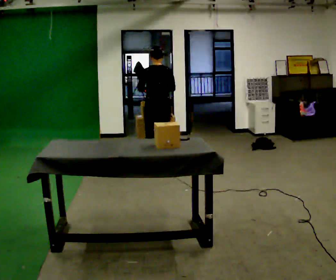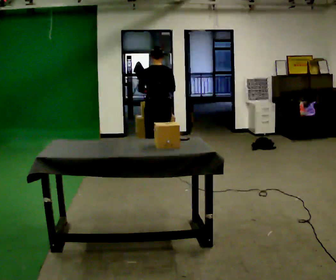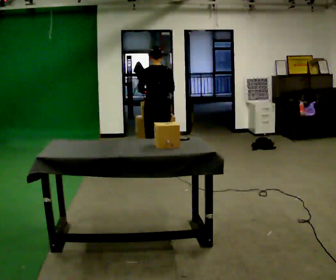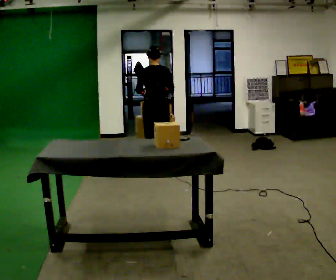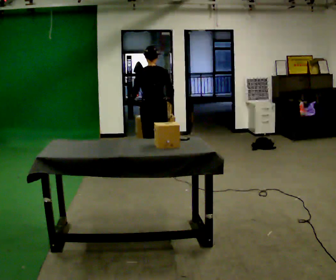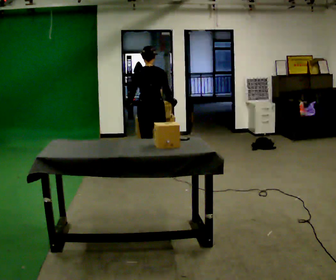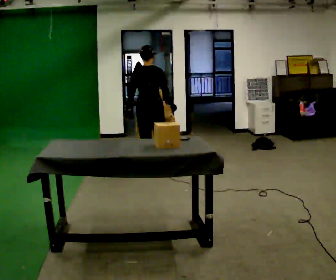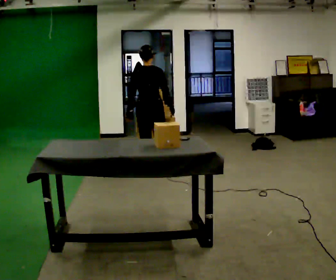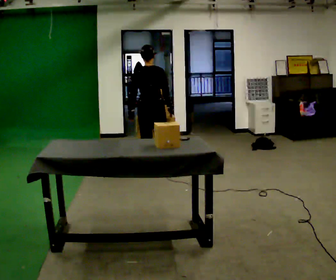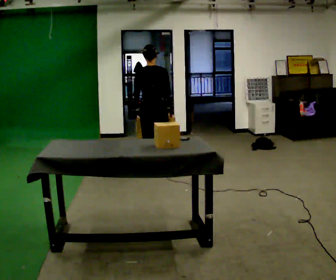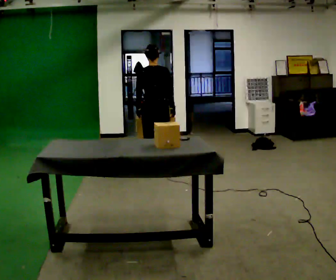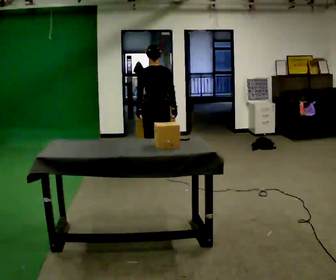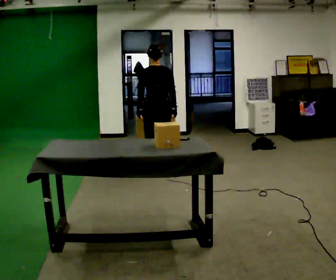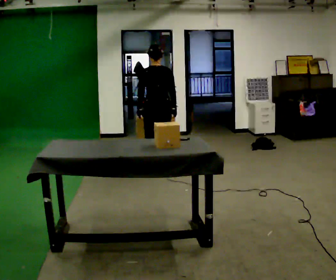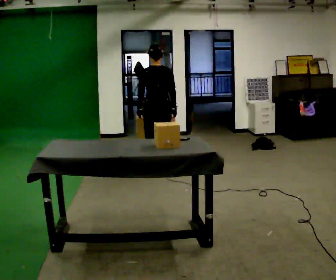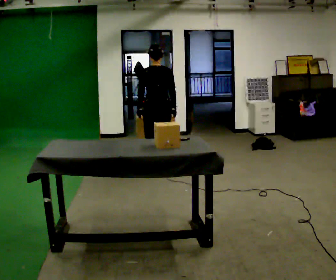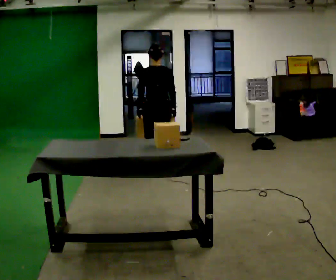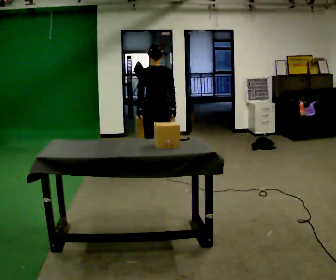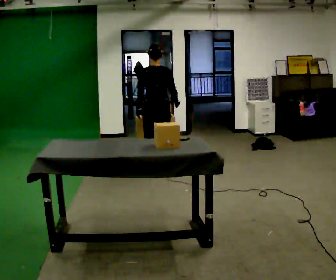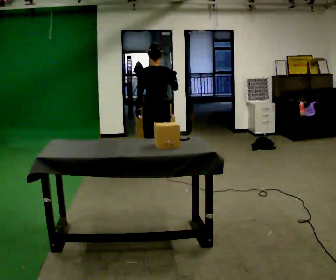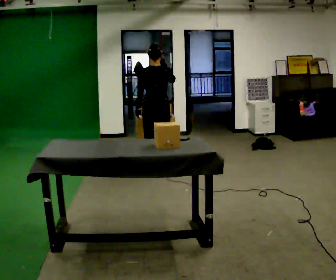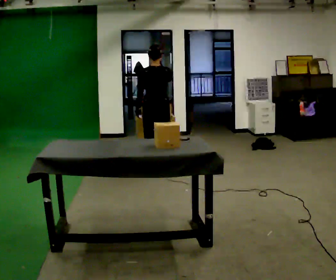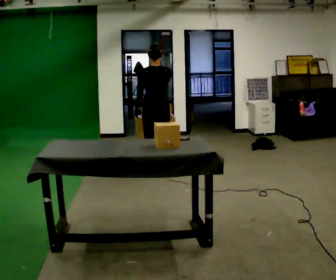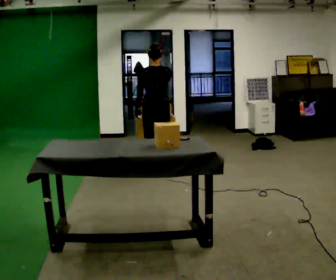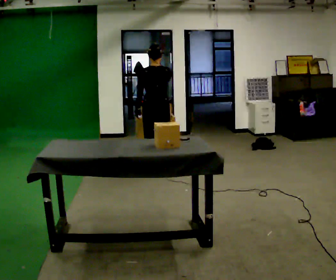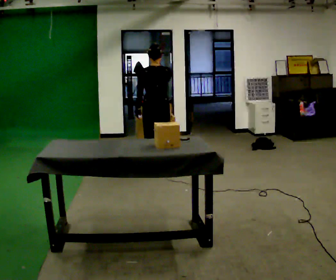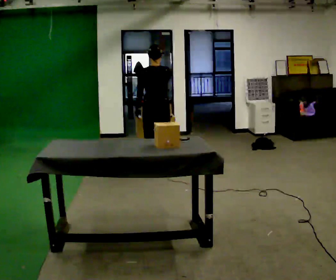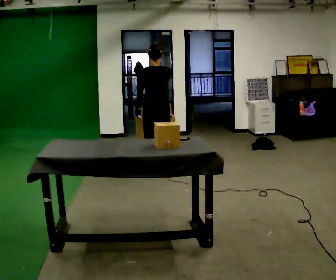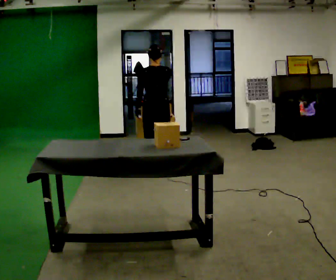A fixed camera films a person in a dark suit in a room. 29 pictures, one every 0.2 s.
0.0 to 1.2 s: In the picture they go toward the camera, about 0.25 m, which for them is backward and to their left.
1.2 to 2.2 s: The person moves a little, or ends about where they began.
2.2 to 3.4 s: The person keeps their place and pose.
3.4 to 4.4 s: In the picture their right hand goes upward.
4.4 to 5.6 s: The person keeps their place and pose.
The film runs forward here.
